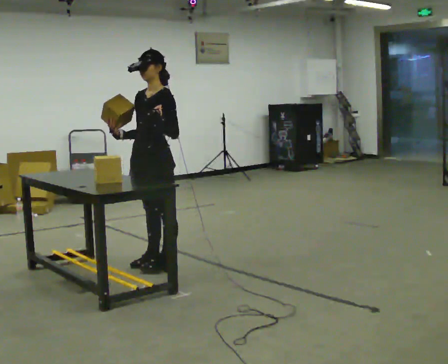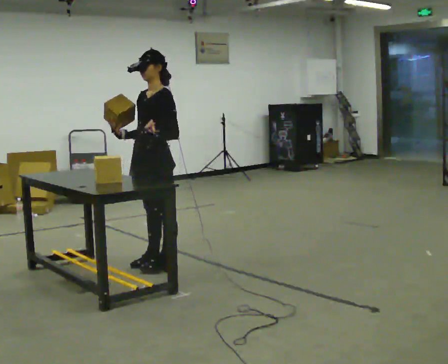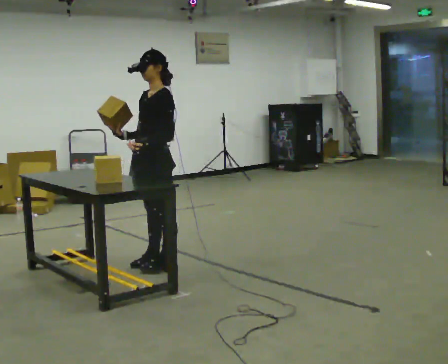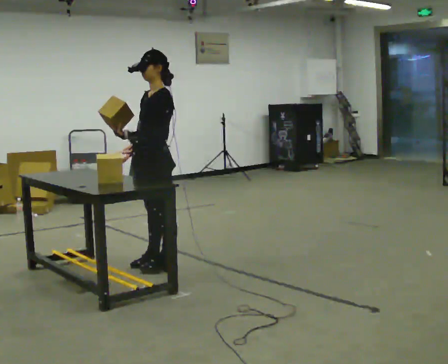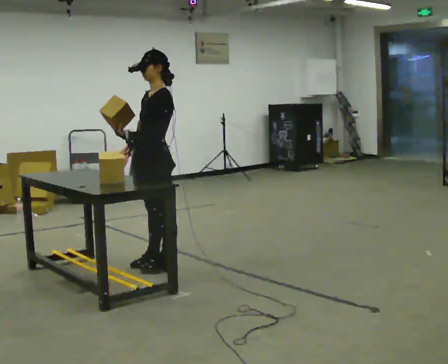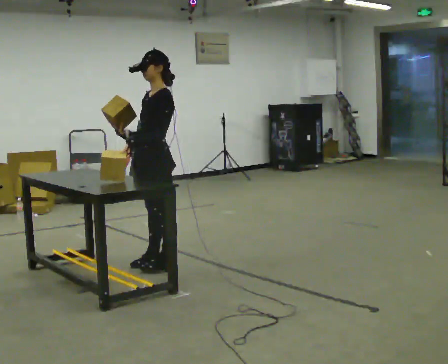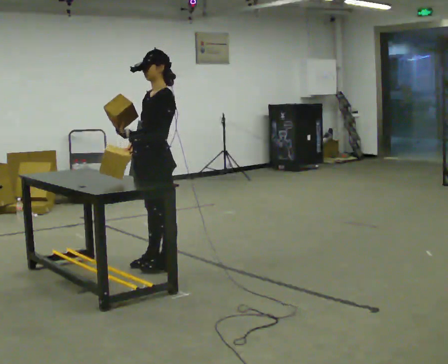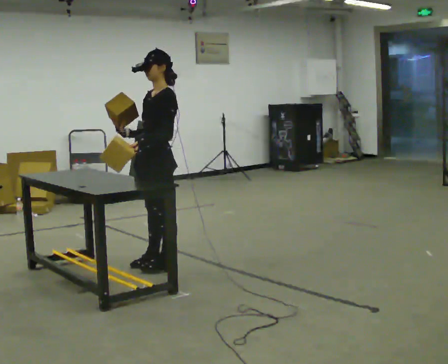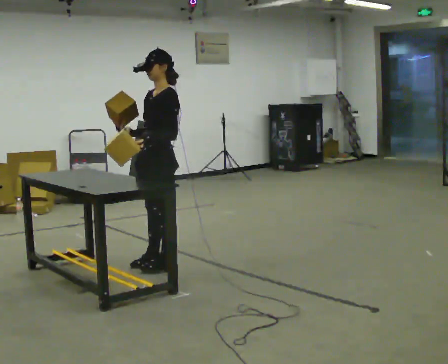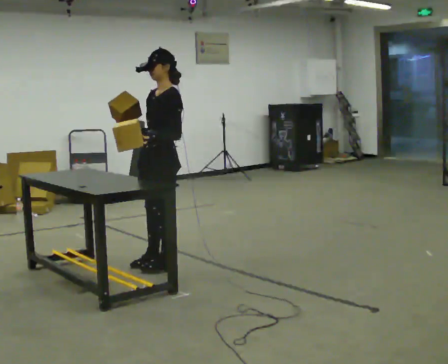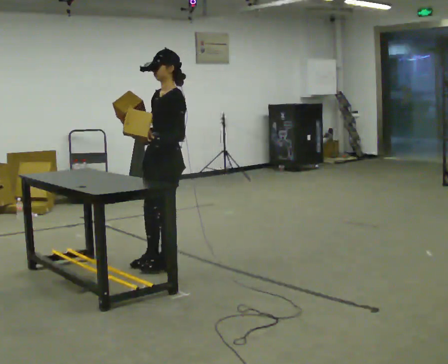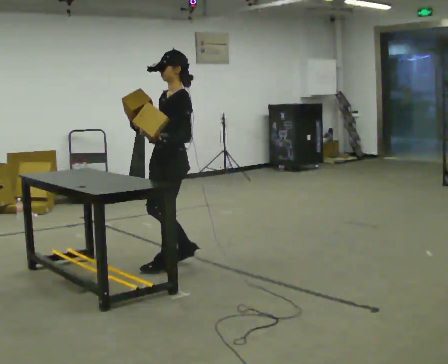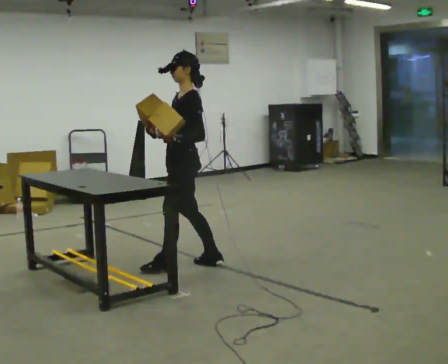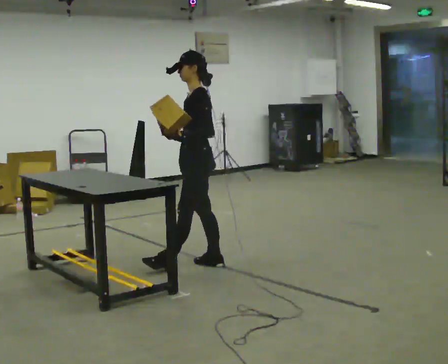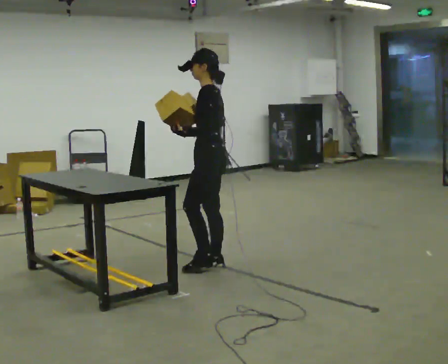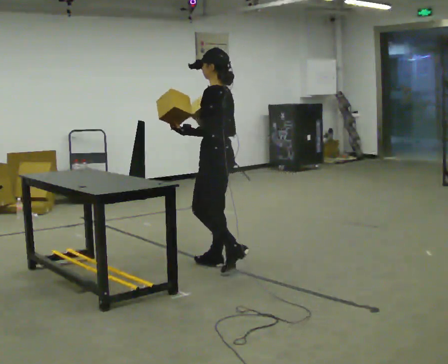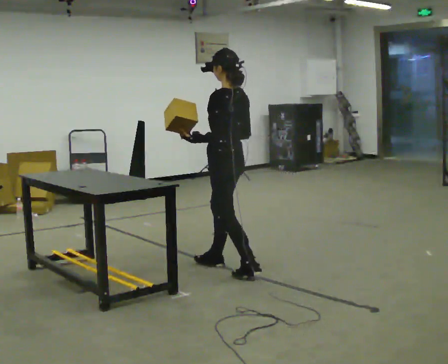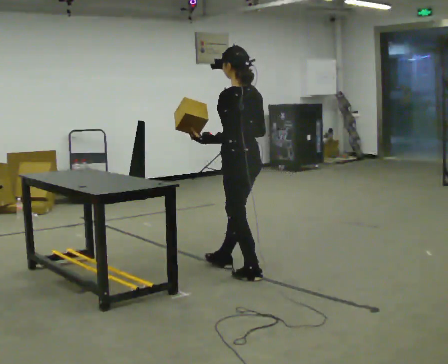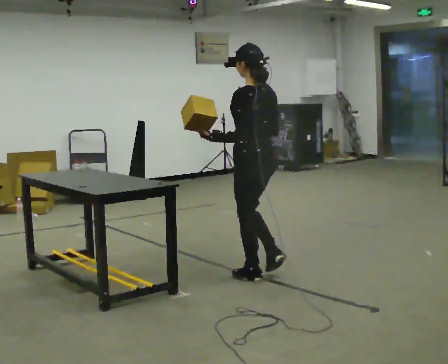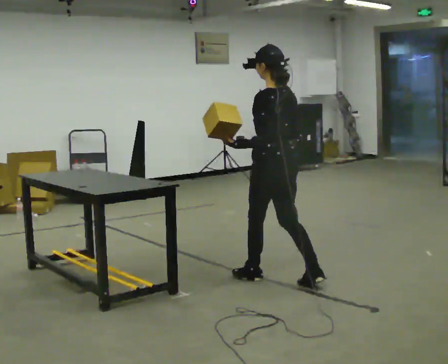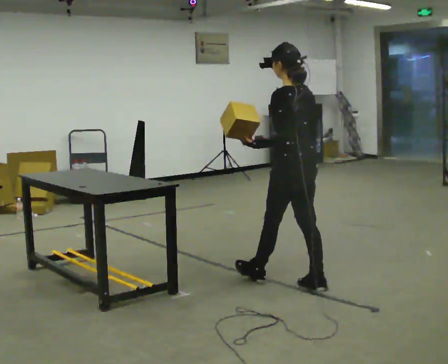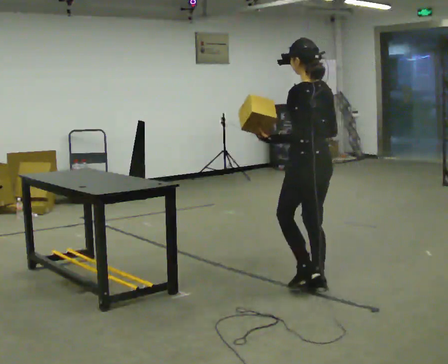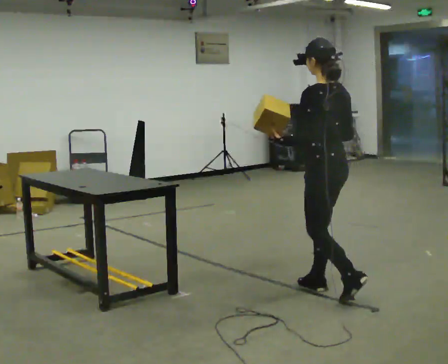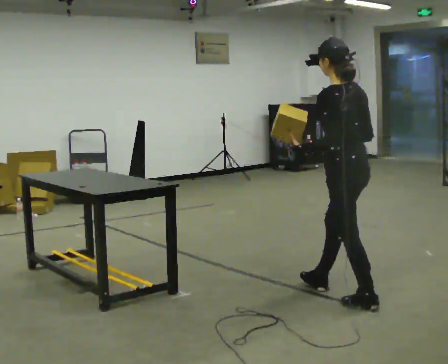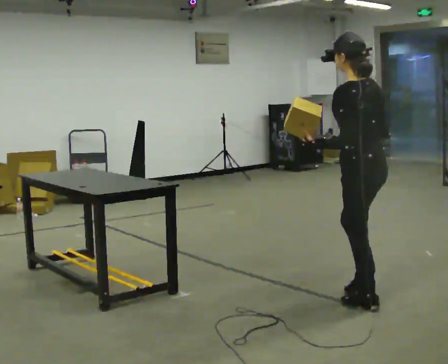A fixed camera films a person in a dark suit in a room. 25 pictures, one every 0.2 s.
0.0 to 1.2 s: The person moves a little, or ends about where they began.
1.2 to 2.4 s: In the picture they go to the right, about 0.25 m in 1 step, which for them is backward.
2.4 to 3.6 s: The person turns about 45 degrees to their right, clockwise seen from above, so the part of the body nearest the lens slides to the left. In the picture they go to the right and toward the camera, about 0.5 m in 2 steps, which for them is backward.
3.6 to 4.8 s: In the picture they go toward the camera and to the right, about 1 m in 2 steps, which for them is backward.
The film runs backward here.
